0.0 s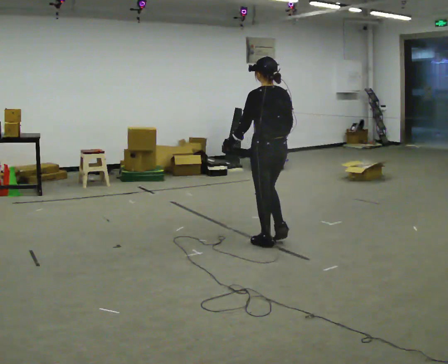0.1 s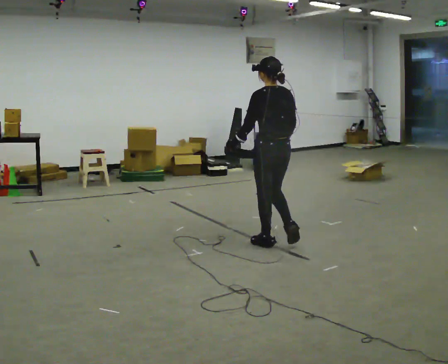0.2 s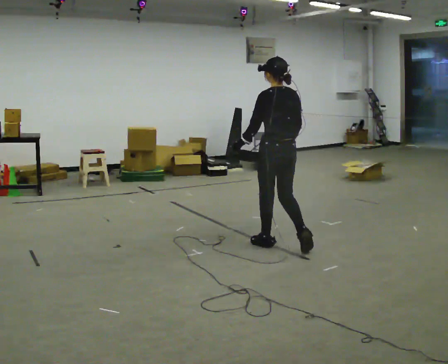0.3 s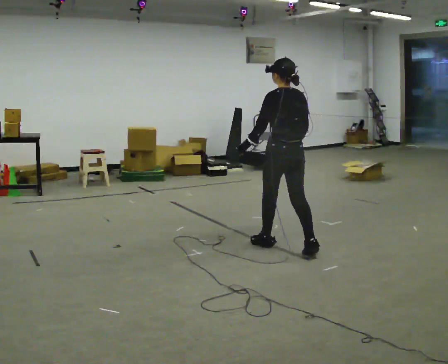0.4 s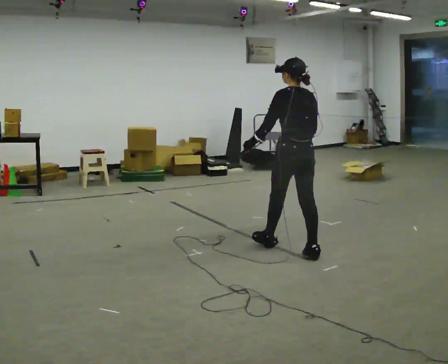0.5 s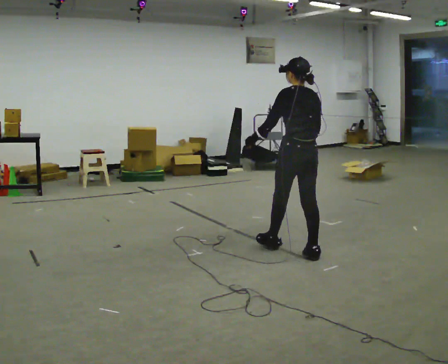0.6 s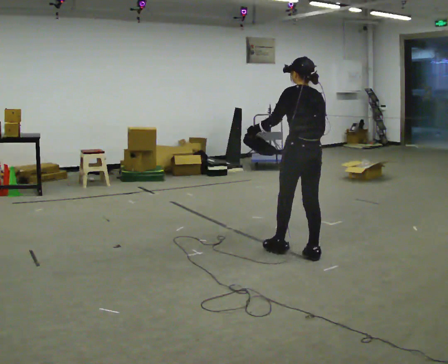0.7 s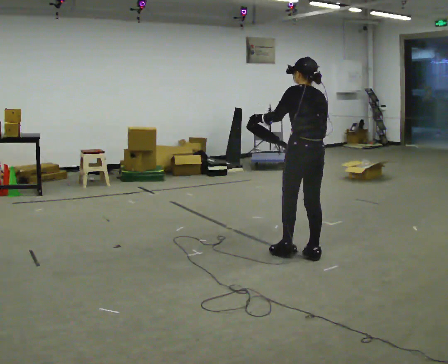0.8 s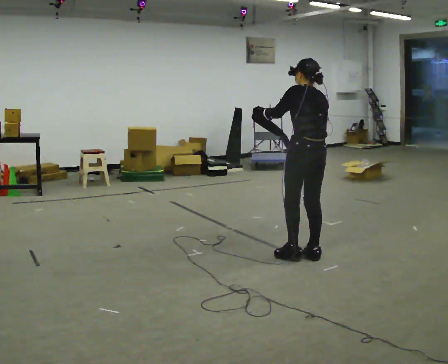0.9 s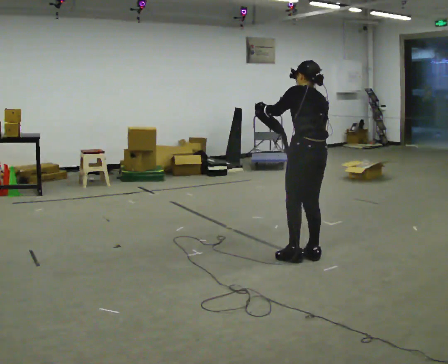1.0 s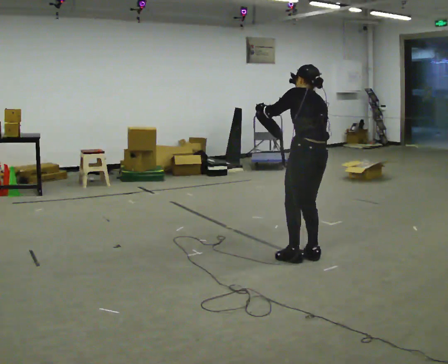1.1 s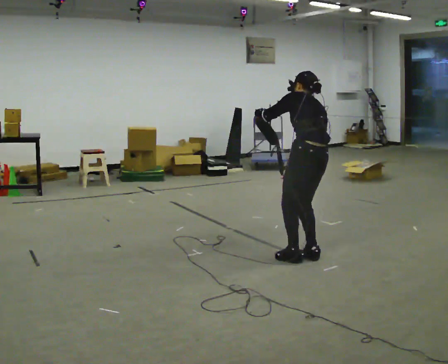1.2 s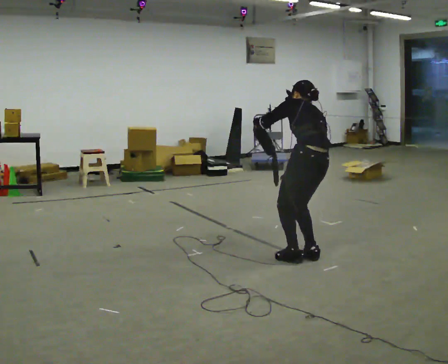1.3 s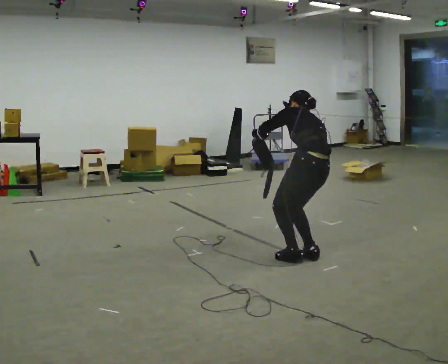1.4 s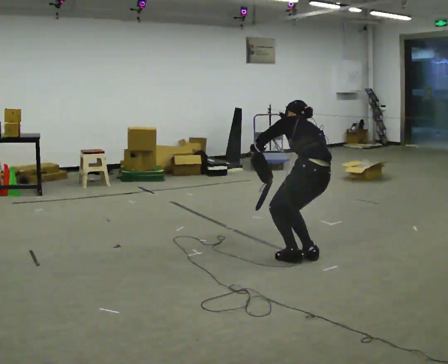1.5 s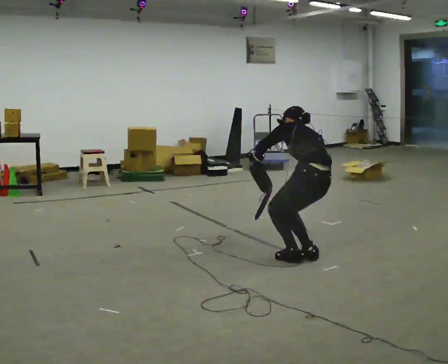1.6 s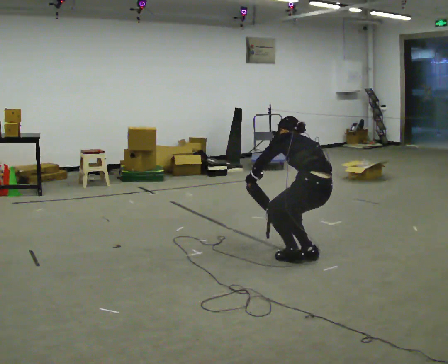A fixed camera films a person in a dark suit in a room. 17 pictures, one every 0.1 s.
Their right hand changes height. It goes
downward.
The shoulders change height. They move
downward.
0.0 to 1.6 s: In the picture they go toward the camera and to the right, about 0.5 m in 1 step, which for them is backward. The upper body goes downward. The upper body tips away from the camera, its near side rolling upward, as they bend forward. In the picture their right hand goes downward.
The film runs backward here.
